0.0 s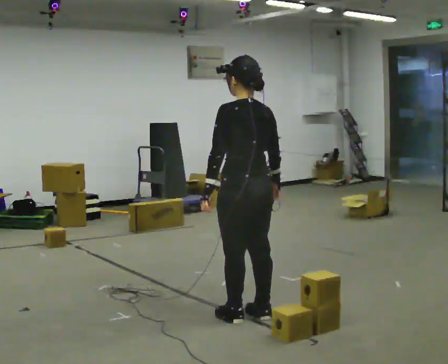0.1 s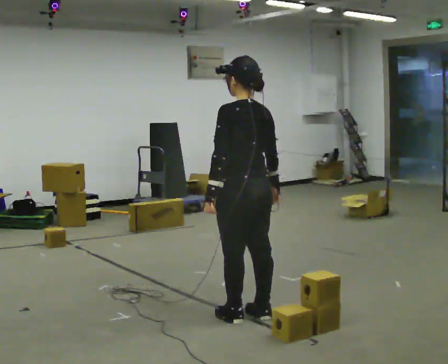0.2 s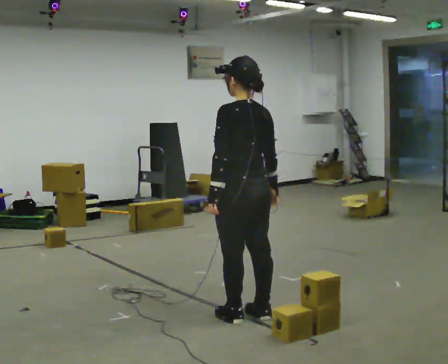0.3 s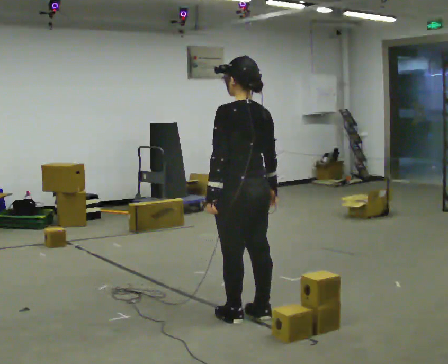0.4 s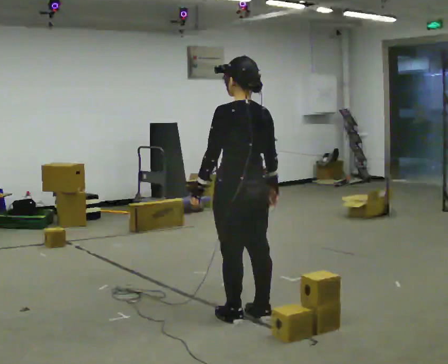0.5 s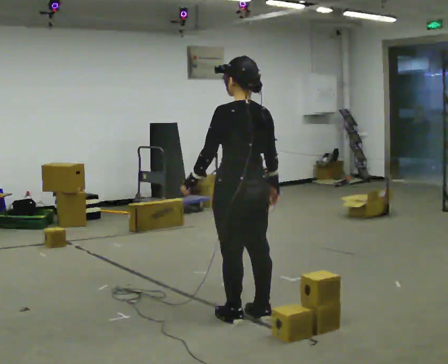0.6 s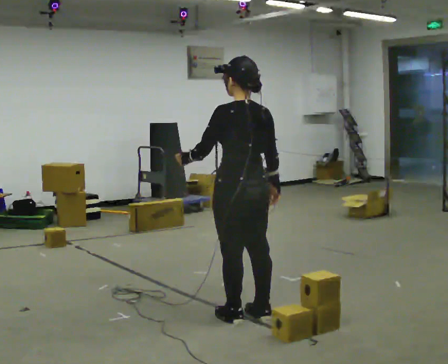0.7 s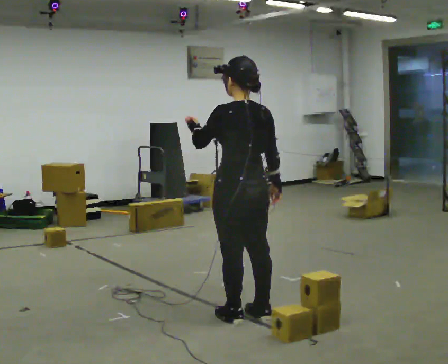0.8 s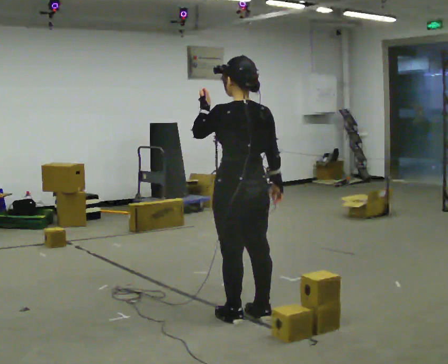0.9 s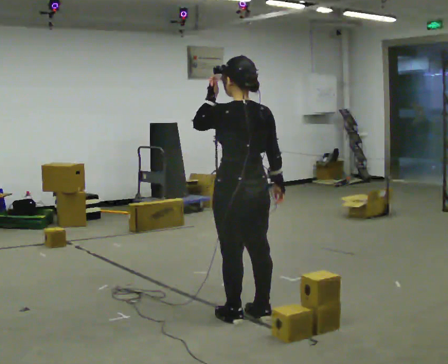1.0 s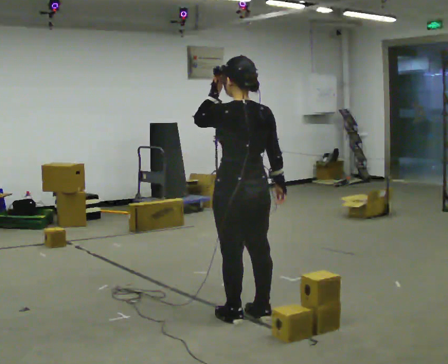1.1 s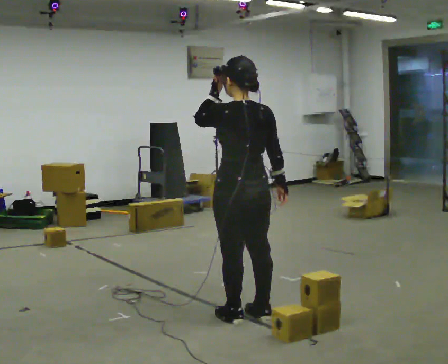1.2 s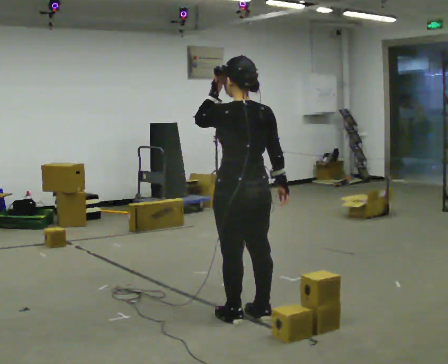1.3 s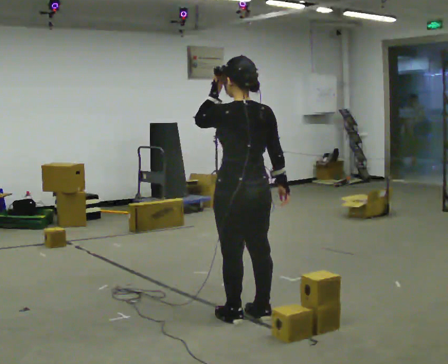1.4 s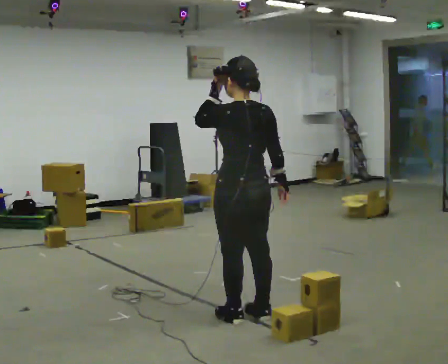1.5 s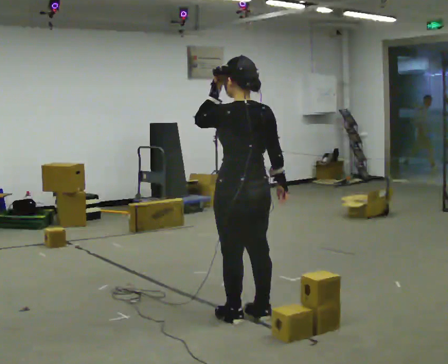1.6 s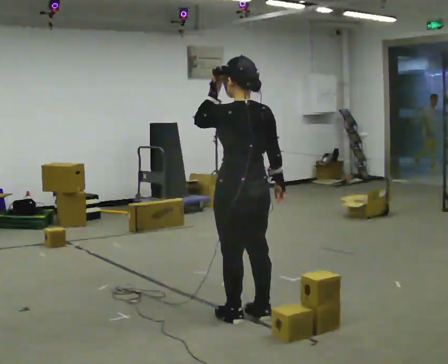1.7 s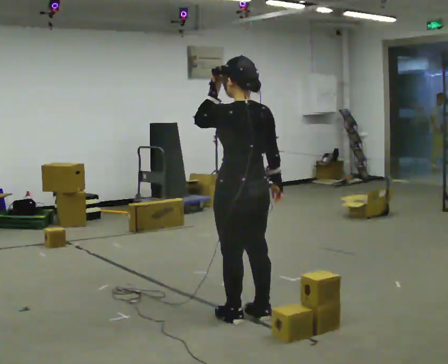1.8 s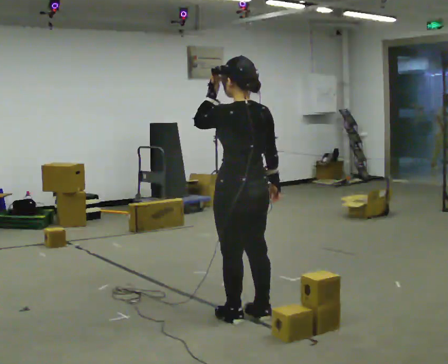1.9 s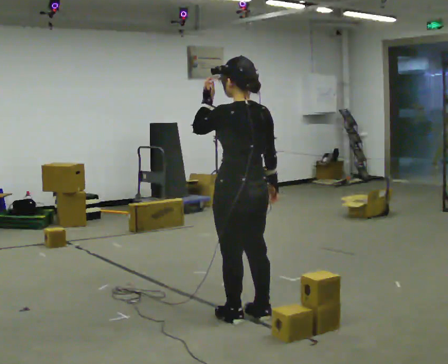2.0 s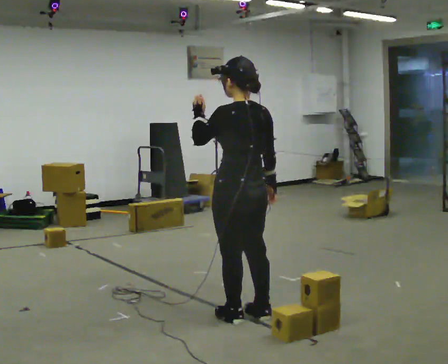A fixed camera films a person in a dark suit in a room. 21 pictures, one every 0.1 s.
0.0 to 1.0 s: In the picture their left hand goes upward.
1.0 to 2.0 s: The person moves a little, or ends about where they began.
The film runs forward here.
